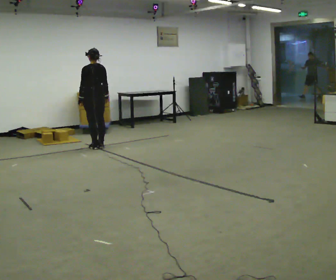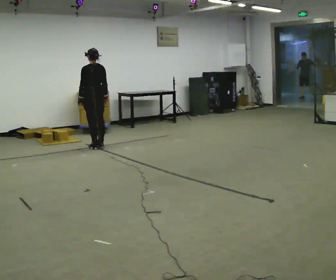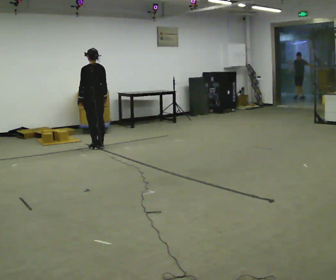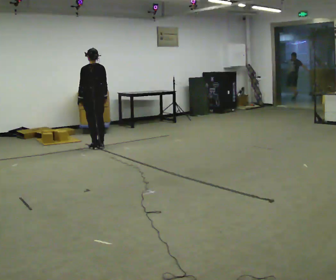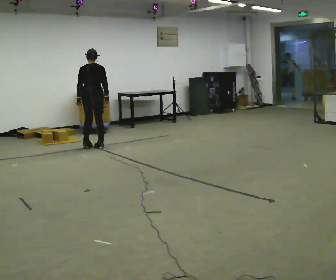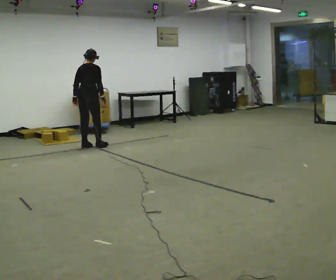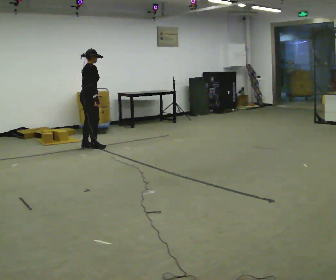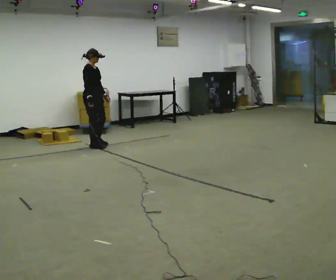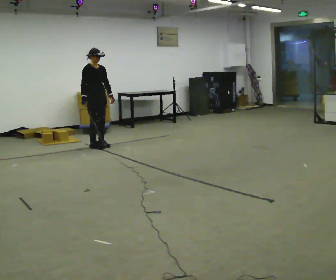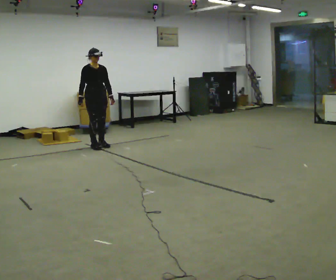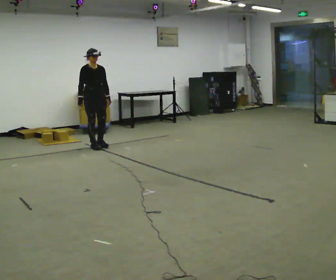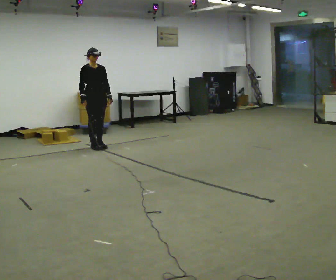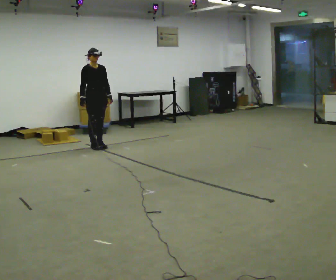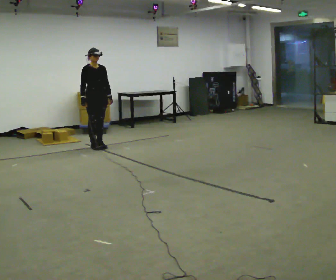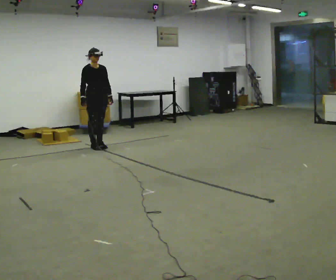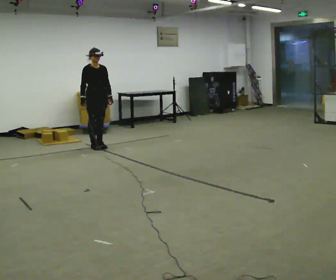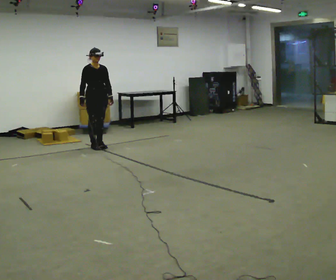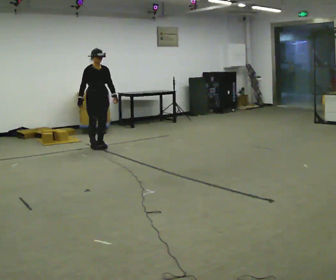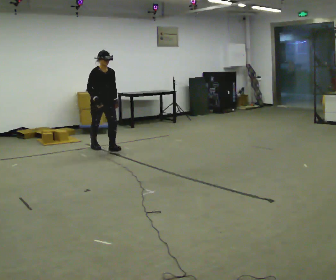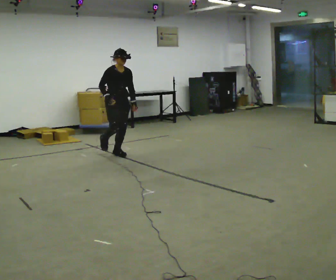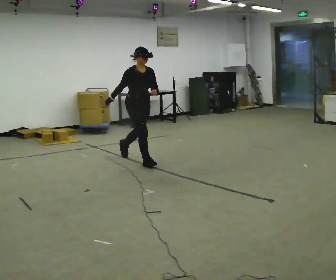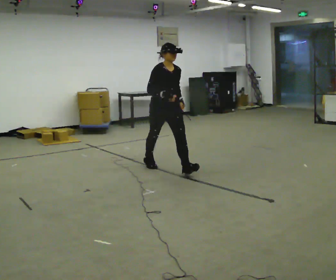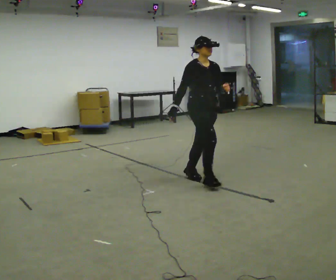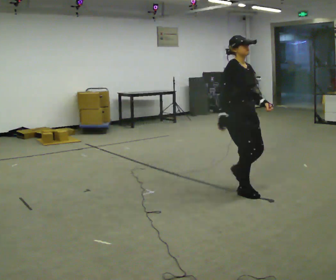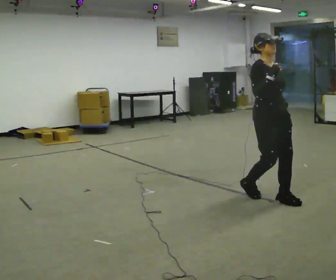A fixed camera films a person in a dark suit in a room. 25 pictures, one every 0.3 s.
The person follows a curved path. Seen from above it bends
clockwise.
The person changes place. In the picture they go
toward the camera.
0.0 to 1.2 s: The part of the body nearest the lens slides to the left as the person turns to their right by about 30 degrees.
1.2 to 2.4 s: The part of the body nearest the lens slides to the left as the person turns to their right by about 150 degrees. In the picture their right hand goes to the left, the arm swinging clockwise.
2.4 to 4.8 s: The person moves a little, or ends about where they began.
4.8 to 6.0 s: In the picture they go toward the camera and to the right, about 1 m in 2 steps, which for them is forward.
6.0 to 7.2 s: In the picture they go toward the camera and to the right, about 2 m in 3 steps, which for them is forward. In the picture their right hand goes upward.
The film runs forward here.
